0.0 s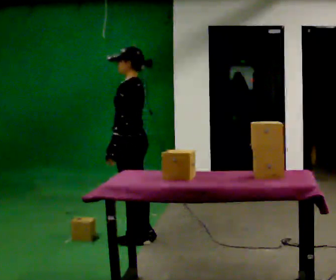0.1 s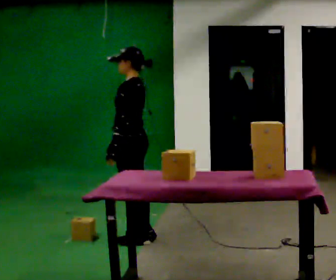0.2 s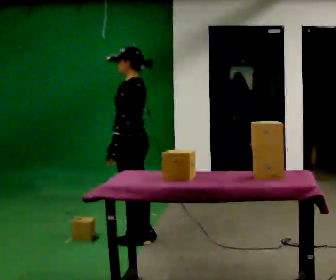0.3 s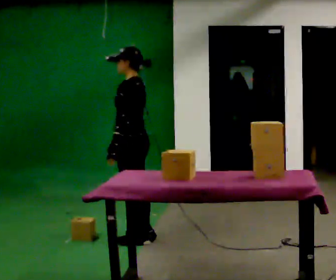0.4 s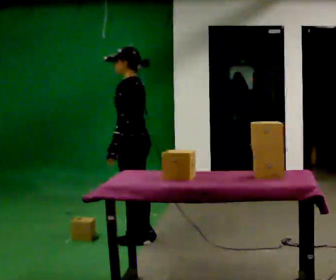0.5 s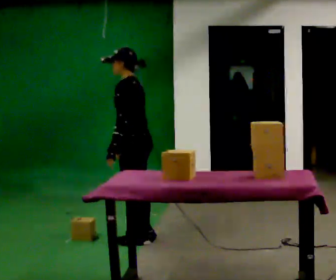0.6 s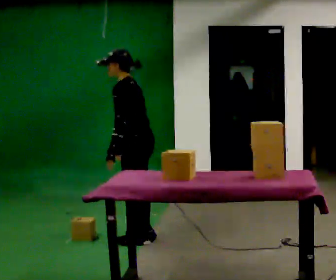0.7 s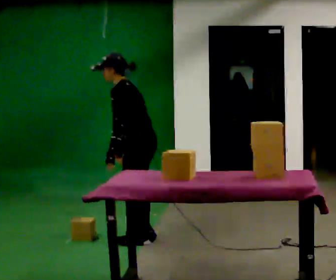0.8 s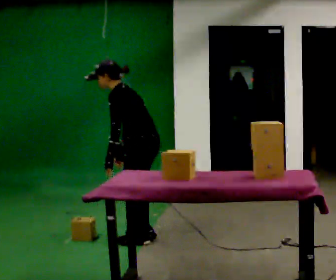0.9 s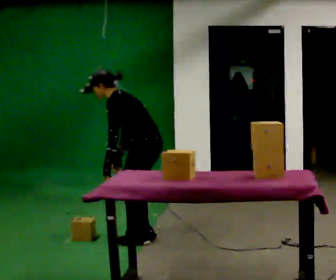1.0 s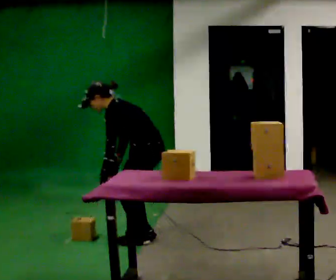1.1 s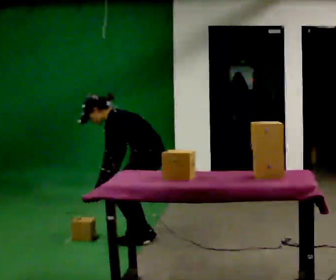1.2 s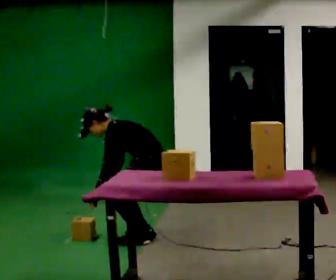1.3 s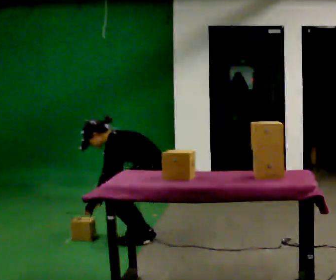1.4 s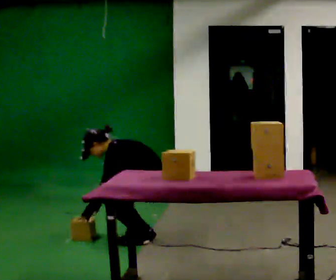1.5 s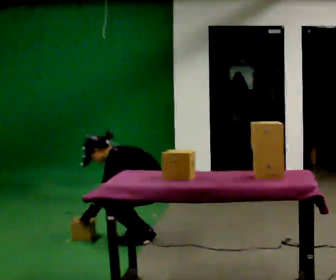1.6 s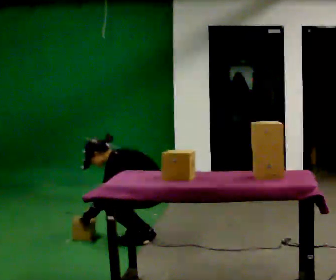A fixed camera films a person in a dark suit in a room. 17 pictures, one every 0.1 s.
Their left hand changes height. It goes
downward.
The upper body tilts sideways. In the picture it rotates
counterclockwise.
0.0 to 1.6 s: The upper body goes downward. In the picture the upper body tilts counterclockwise, shoulders to the left, as they bend forward. In the picture their left hand goes downward.
The film runs backward here.
